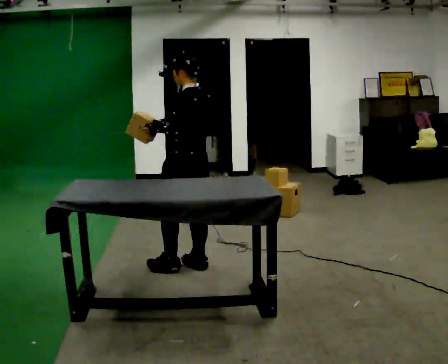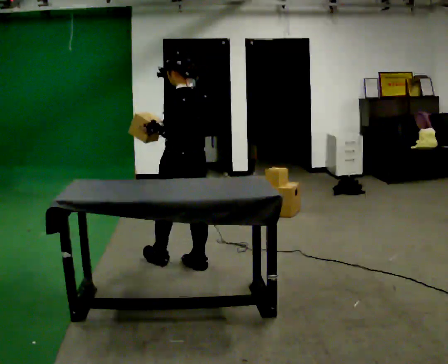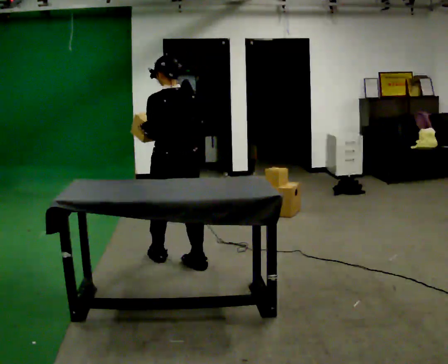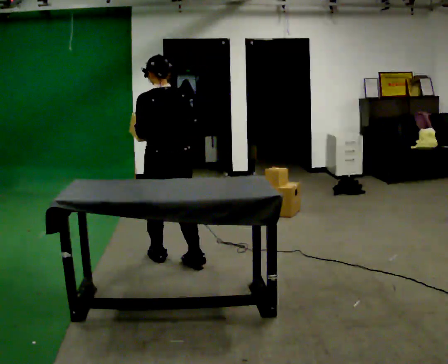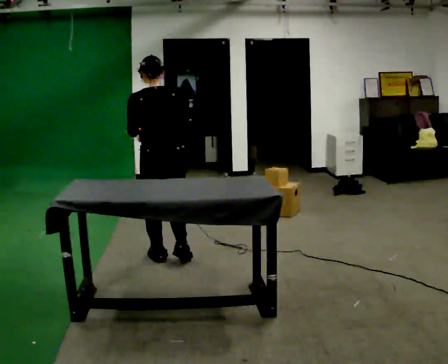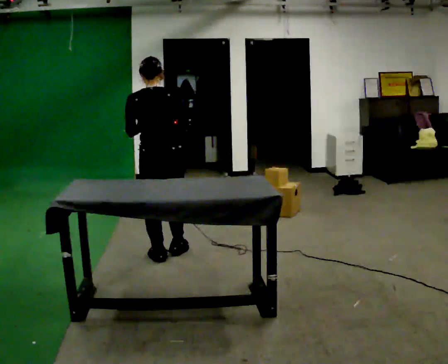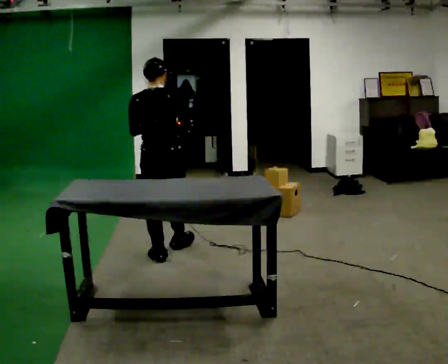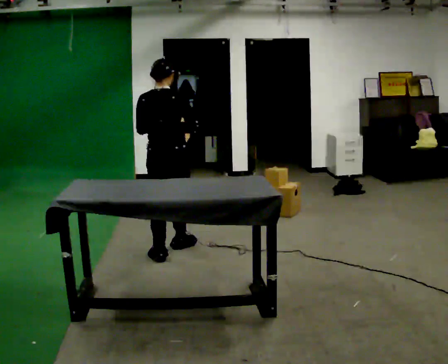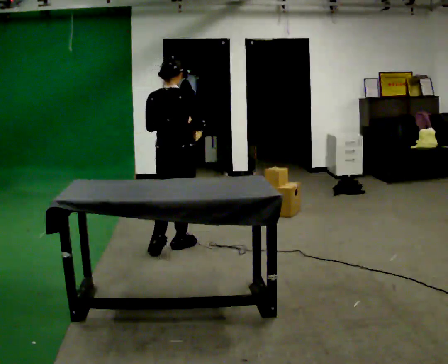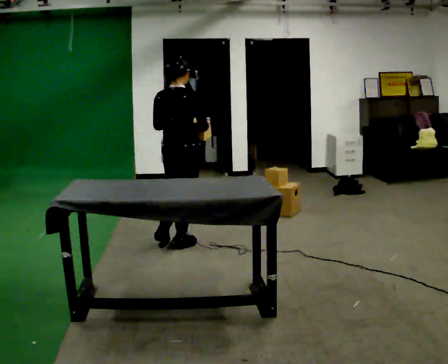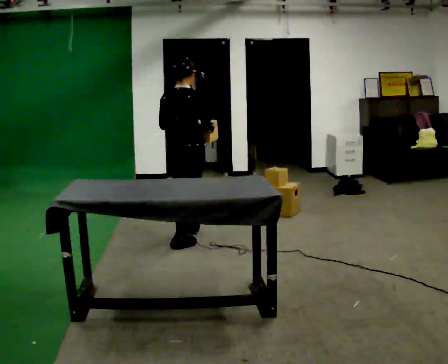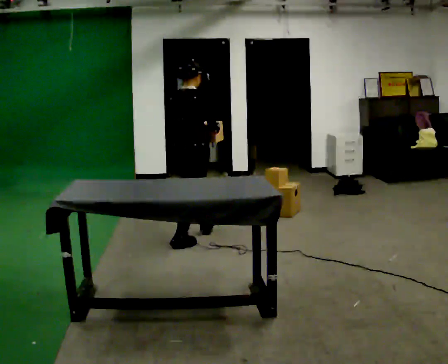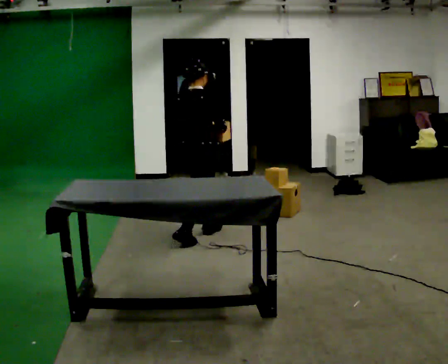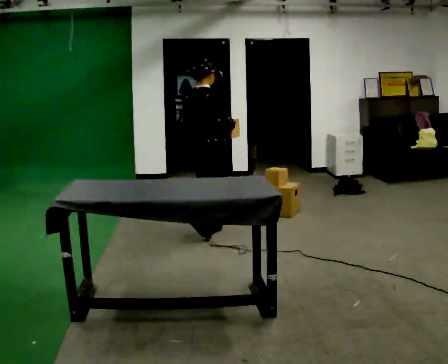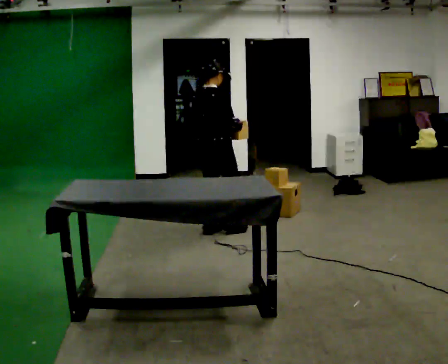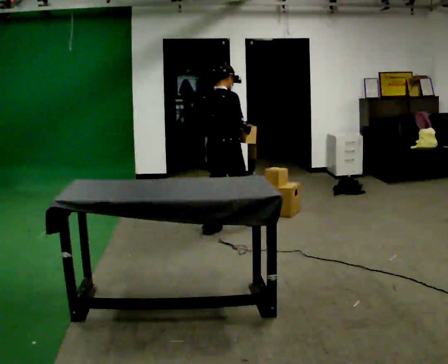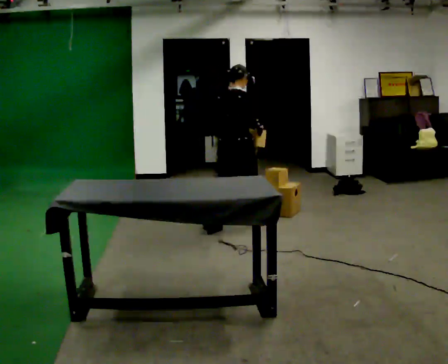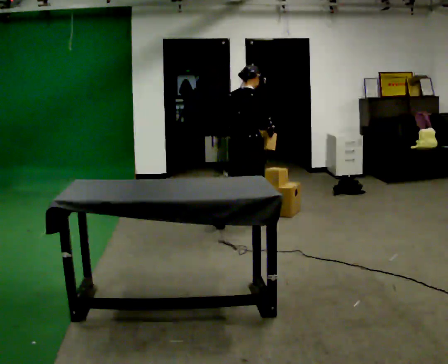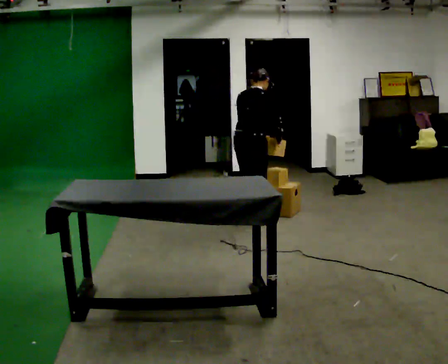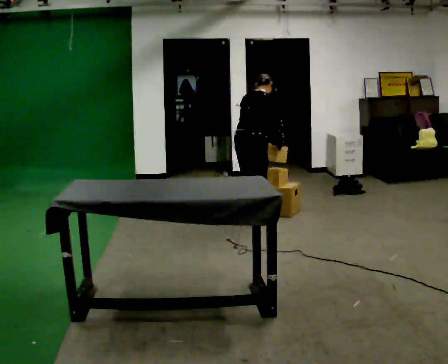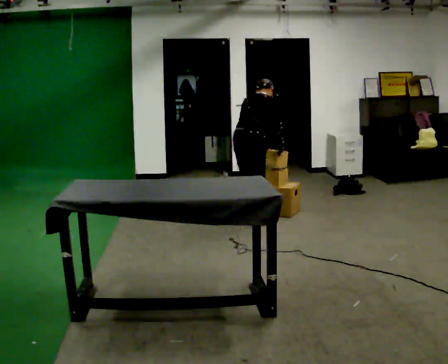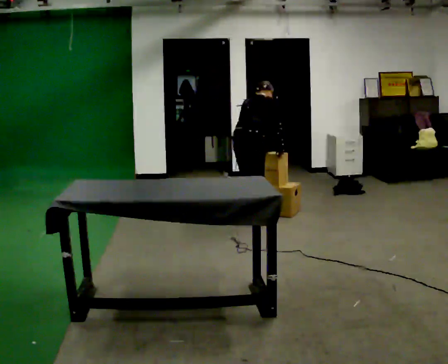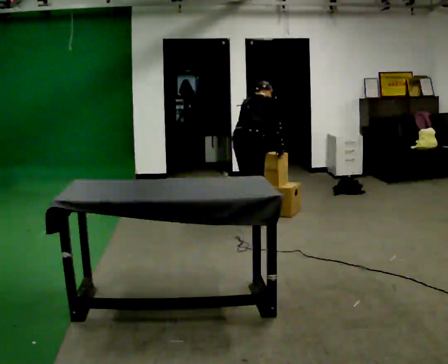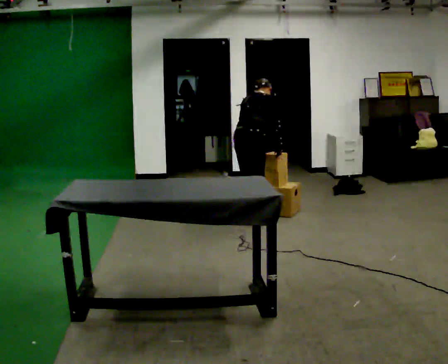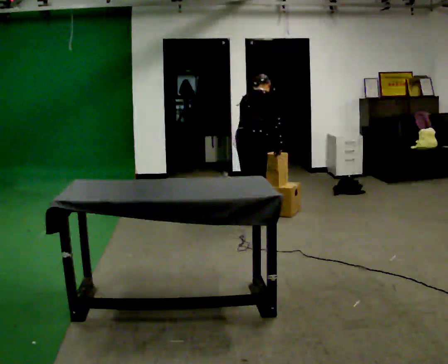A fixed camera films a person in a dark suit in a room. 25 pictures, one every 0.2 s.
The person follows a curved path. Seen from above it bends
clockwise.
The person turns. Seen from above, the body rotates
clockwise.
0.0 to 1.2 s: The part of the body nearest the lens slides to the left as the person turns to their right by about 75 degrees. In the picture they go to the left and away from the camera, about 0.25 m in 2 steps.
1.2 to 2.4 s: Seen from above the body turns clockwise, about 30 degrees: to their right, with its near side sliding to the left. In the picture they go away from the camera and to the right, about 0.5 m in 1 step, which for them is forward.
2.4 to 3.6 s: In the picture they go to the right and away from the camera, about 0.5 m in 1 step, which for them is forward. The upper body tips away from the camera, its near side rolling upward, as they bend forward.
3.6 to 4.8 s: The person moves a little, or ends about where they began.
The film runs forward here.
